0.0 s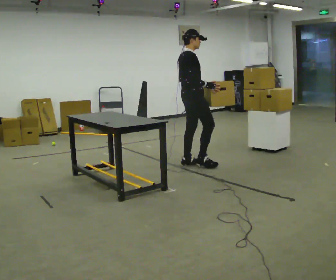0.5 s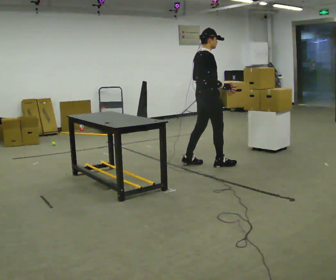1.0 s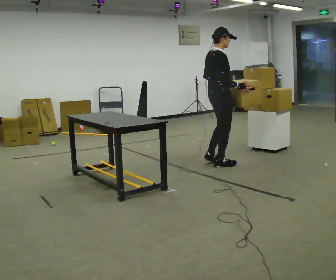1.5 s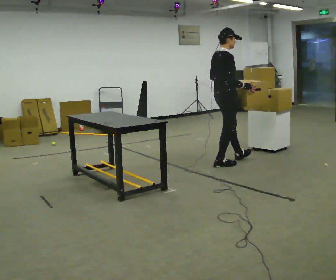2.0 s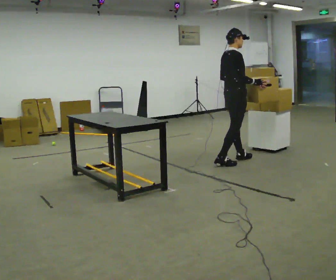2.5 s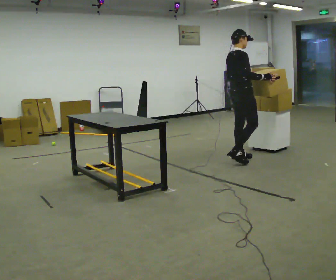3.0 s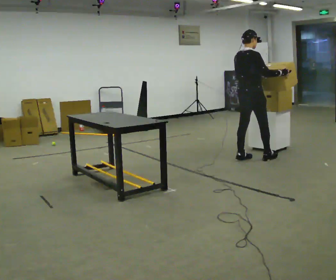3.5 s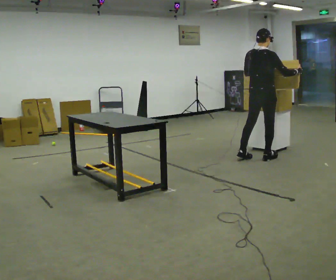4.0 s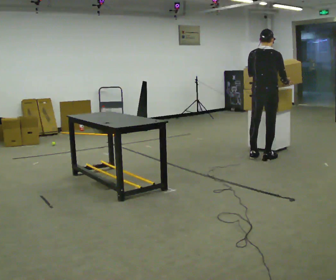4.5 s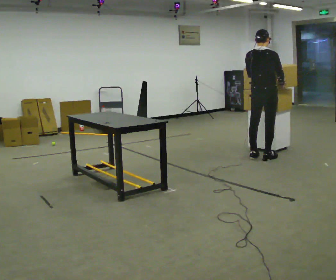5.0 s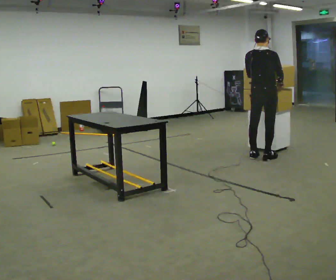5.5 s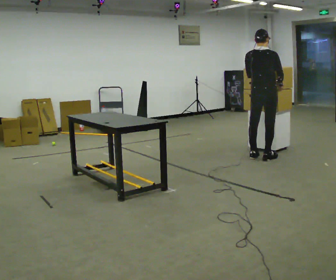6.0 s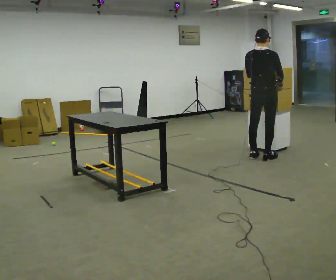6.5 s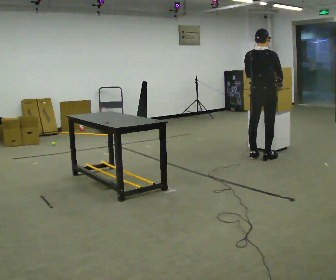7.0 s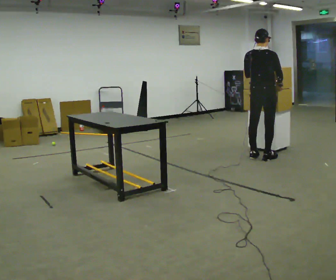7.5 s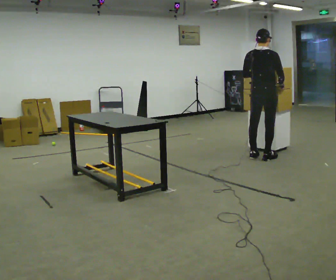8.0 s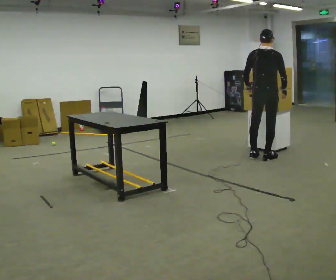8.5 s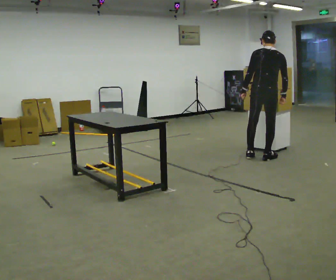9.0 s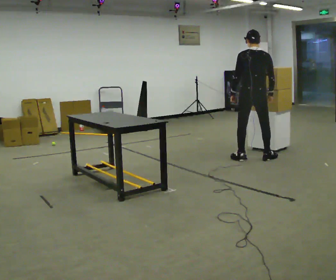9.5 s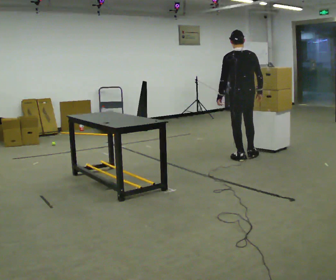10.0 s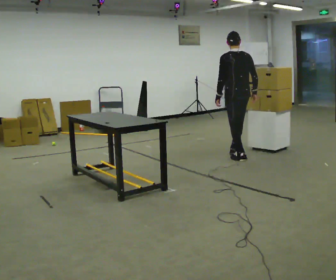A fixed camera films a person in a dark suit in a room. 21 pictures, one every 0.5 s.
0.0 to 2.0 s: In the picture they go to the right, about 0.5 m in 2 steps, which for them is forward.
2.0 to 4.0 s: Seen from above the body turns counterclockwise, about 45 degrees: to their left, with its near side sliding to the right. In the picture they go to the right, about 0.5 m in 2 steps, which for them is forward.
4.0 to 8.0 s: The person moves a little, or ends about where they began.
8.0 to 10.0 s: Seen from above the body turns counterclockwise, about 45 degrees: to their left, with its near side sliding to the right. In the picture they go to the left, about 0.25 m in 1 step, which for them is to their left.
The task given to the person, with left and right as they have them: Move objects one at a time from the waist-height shelf at one end of the room to the waist-height shelf at the other end. Keep going until the operator says stop; one object at a time, and do not rush between trips.
The film runs forward here.
